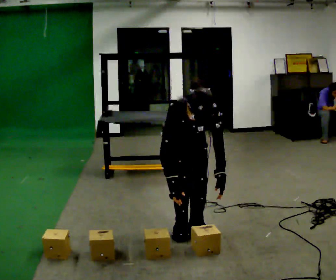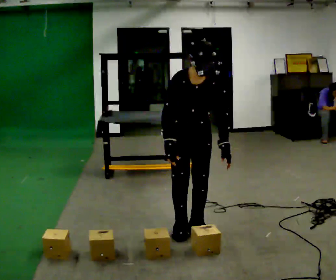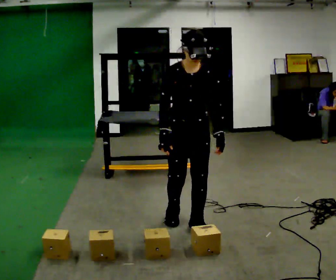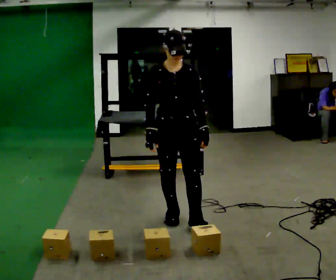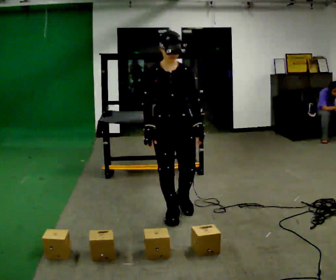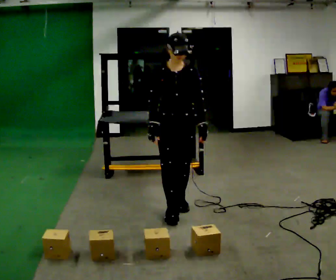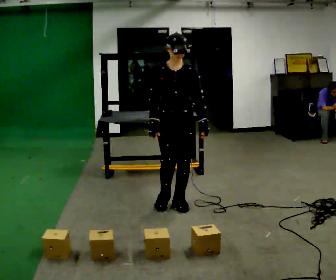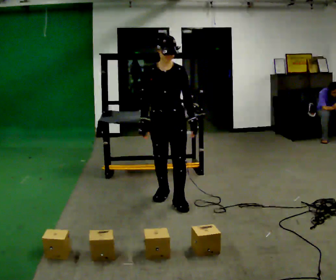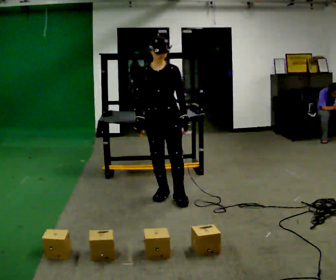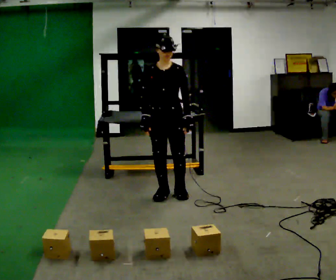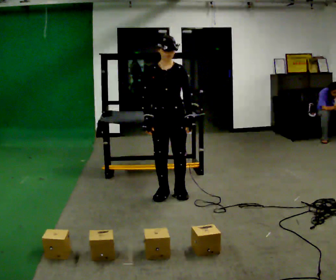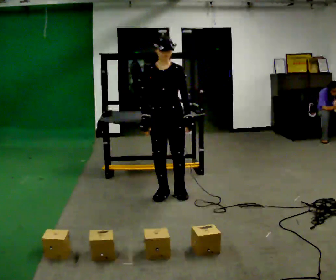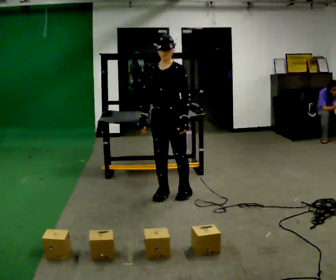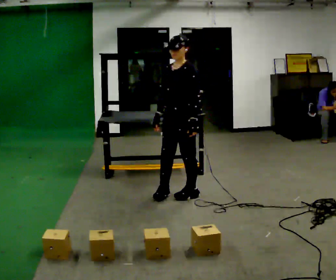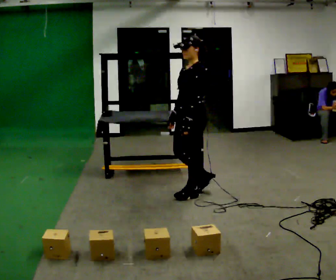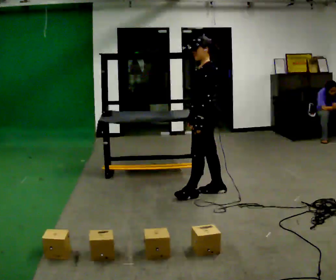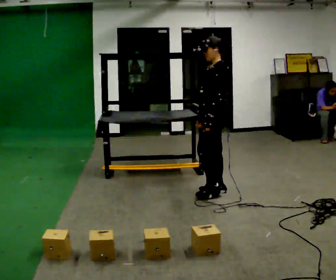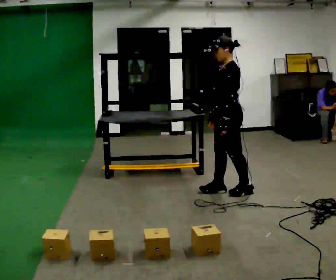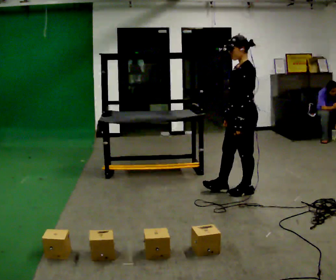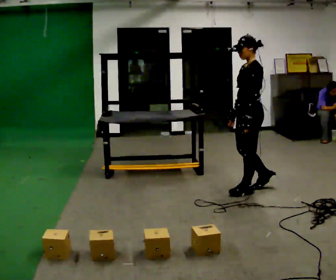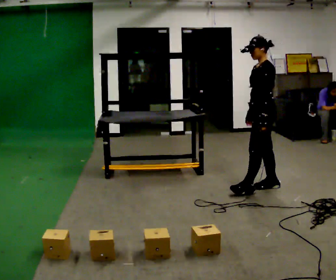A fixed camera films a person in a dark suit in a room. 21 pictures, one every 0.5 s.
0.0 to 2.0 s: In the picture they go away from the camera, about 0.25 m in 2 steps, which for them is backward. The upper body goes upward. The upper body tips away from the camera, its near side rolling upward, as they lean back or straighten.
2.0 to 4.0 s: In the picture they go away from the camera, about 0.5 m in 2 steps, which for them is backward.
4.0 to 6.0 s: The person moves a little, or ends about where they began.
6.0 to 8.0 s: The person turns about 75 degrees to their right, clockwise seen from above, so the part of the body nearest the lens slides to the left. In the picture they go to the right, about 0.5 m in 2 steps.
8.0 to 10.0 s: In the picture they go to the right, about 0.5 m in 1 step, which for them is backward.
The film runs backward here.
